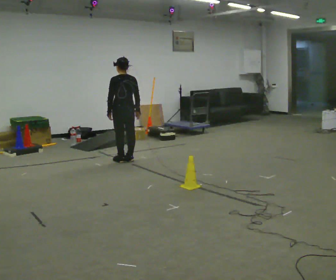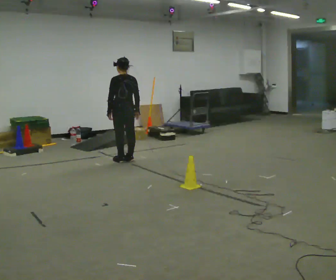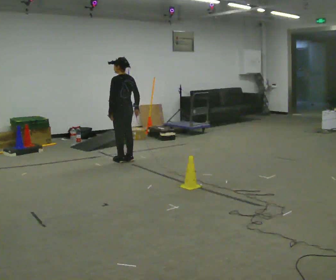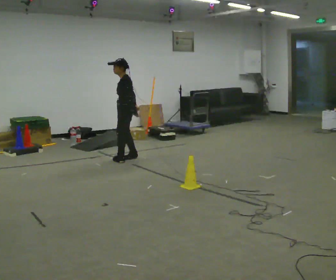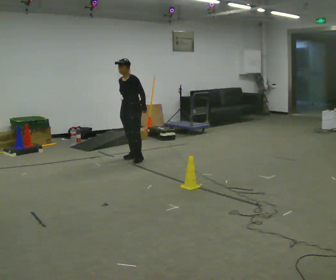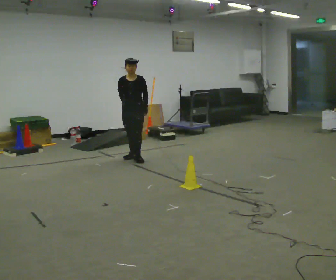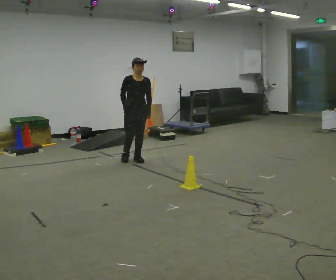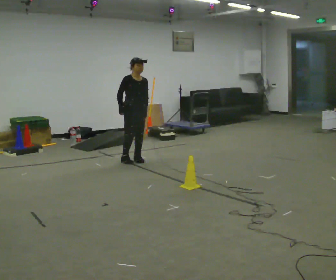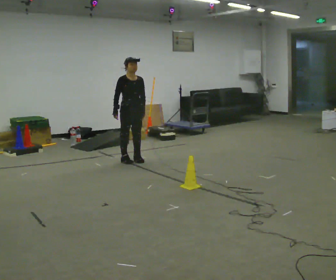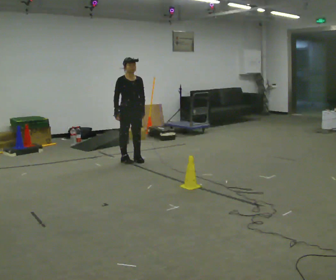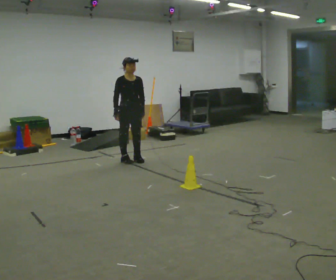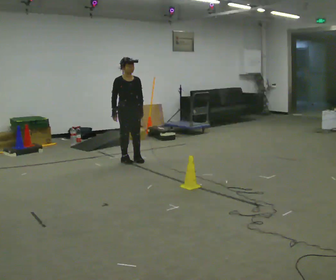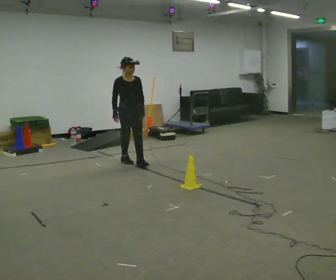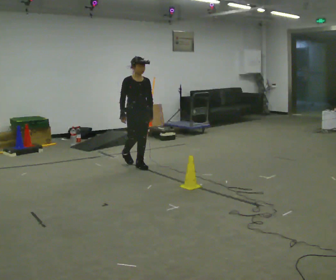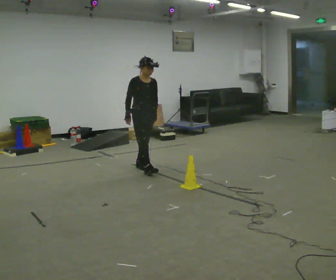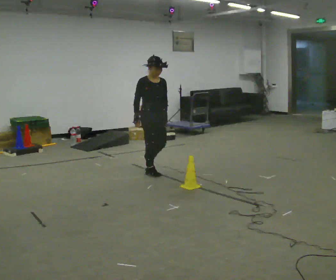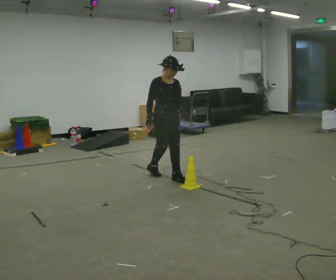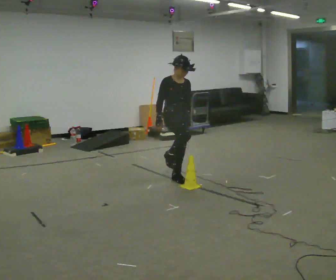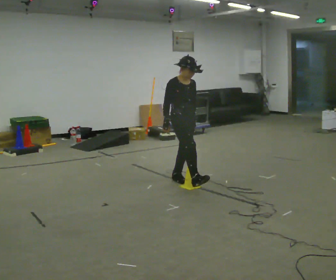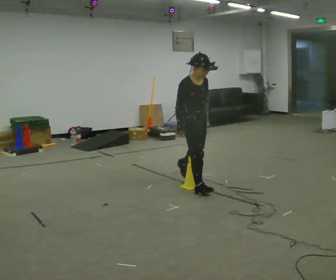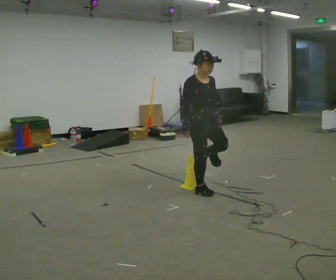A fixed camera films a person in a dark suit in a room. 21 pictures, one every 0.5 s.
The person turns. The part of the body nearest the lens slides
to the right.
The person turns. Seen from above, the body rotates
counterclockwise.
0.0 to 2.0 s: The person turns about 120 degrees to their left, counterclockwise seen from above, so the part of the body nearest the lens slides to the right. In the picture they go away from the camera, about 0.25 m in 2 steps. In the picture their left hand goes to the right, the arm swinging counterclockwise.
2.0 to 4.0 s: The part of the body nearest the lens slides to the right as the person turns to their left by about 75 degrees. In the picture they go toward the camera, about 0.25 m in 1 step.
4.0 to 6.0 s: The person moves a little, or ends about where they began.
6.0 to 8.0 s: In the picture they go toward the camera and to the right, about 1 m in 3 steps, which for them is forward.
8.0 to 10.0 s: In the picture they go toward the camera and to the right, about 0.75 m in 1 step, which for them is forward.
The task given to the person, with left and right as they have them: Walk across the room at a normal pace, looking ahead. Something may appear in your way. Deal with it however comes naturally and carry on.
The film runs forward here.
